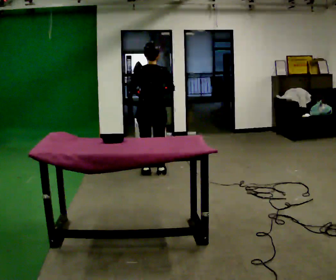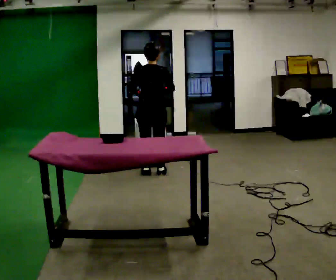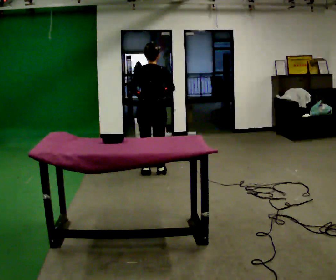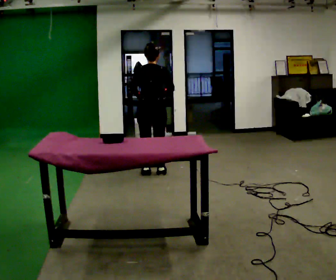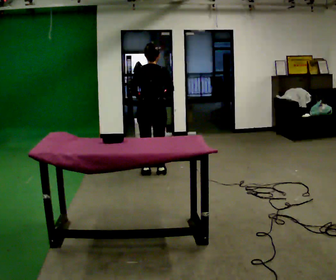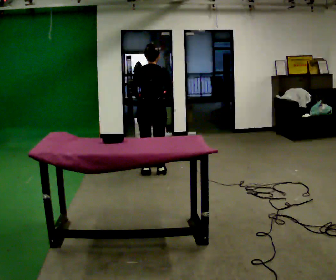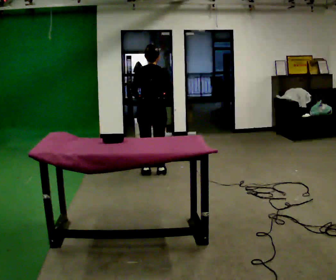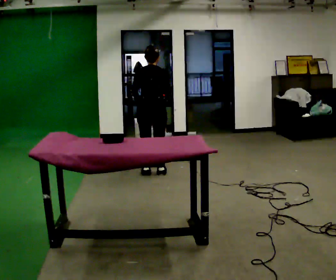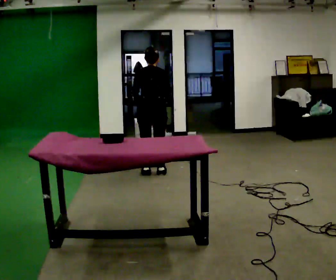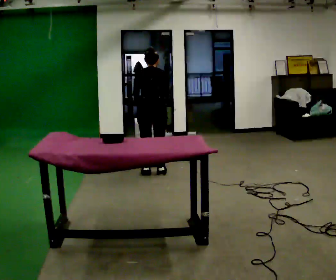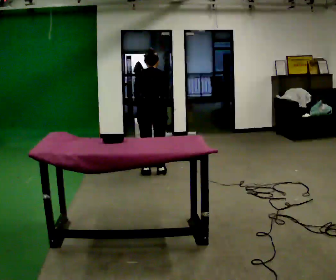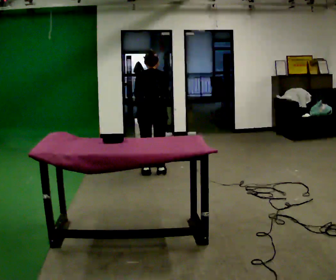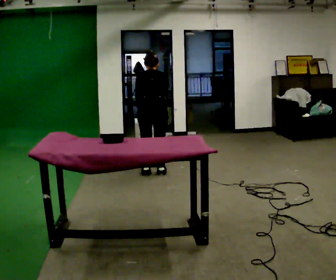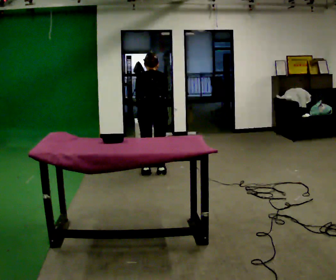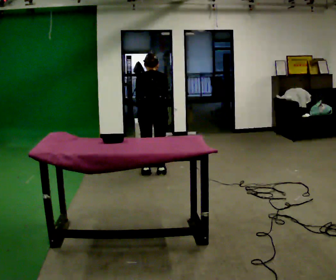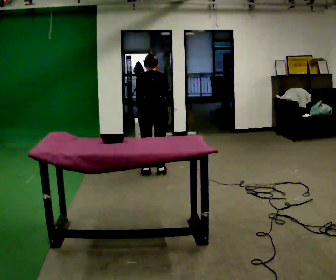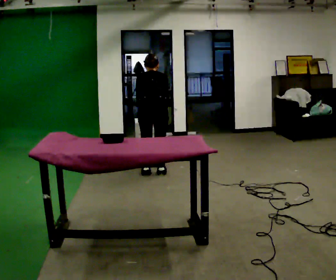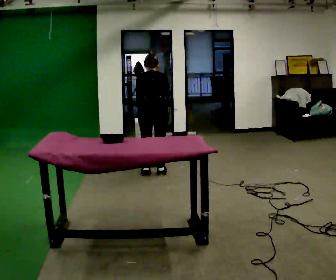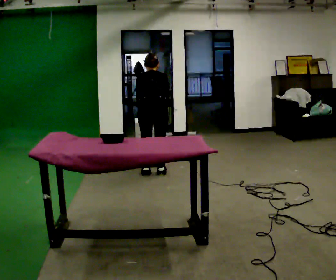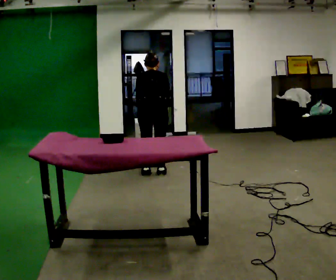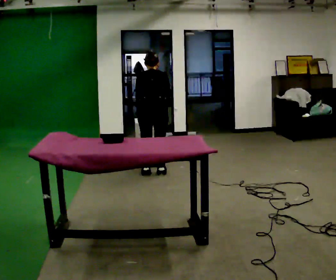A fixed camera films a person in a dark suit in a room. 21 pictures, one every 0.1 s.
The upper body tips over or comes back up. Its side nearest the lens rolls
upward.
0.0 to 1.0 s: The upper body tips away from the camera, its near side rolling upward, as they bend forward.
1.0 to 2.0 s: The person moves a little, or ends about where they began.
The film runs backward here.
